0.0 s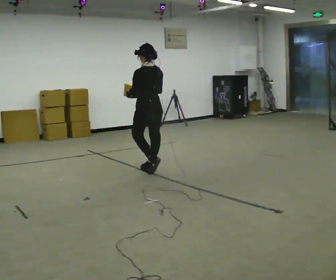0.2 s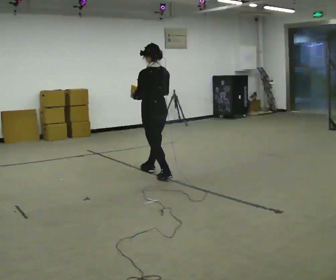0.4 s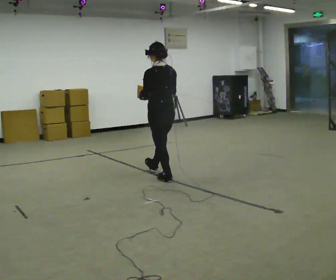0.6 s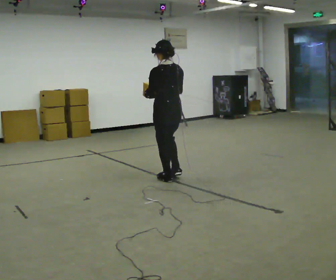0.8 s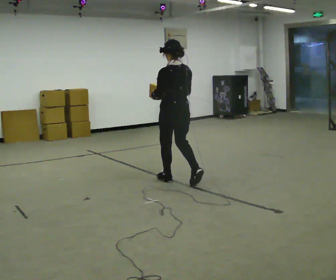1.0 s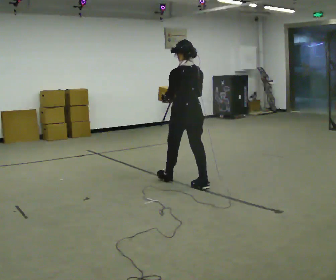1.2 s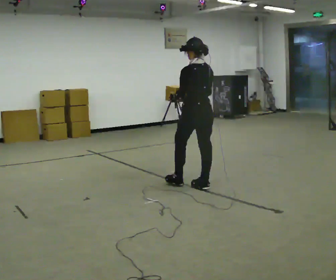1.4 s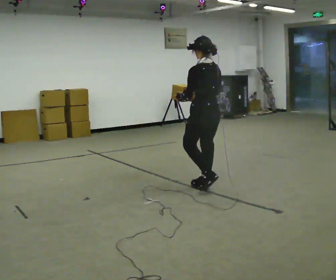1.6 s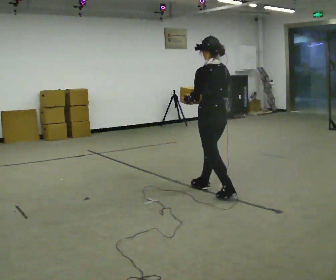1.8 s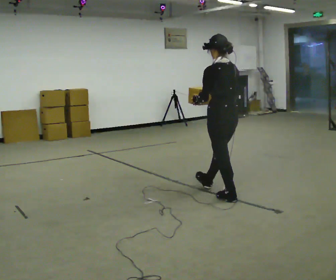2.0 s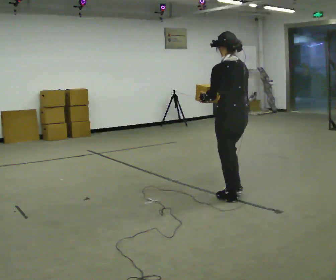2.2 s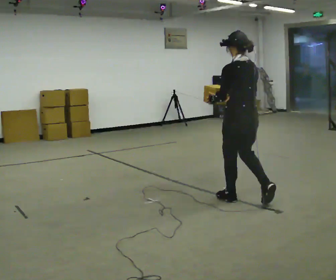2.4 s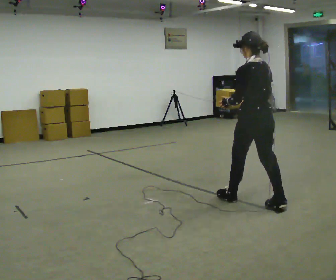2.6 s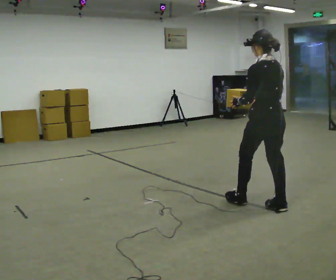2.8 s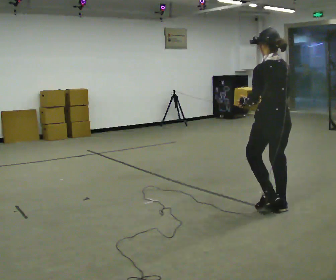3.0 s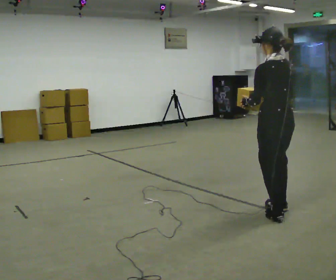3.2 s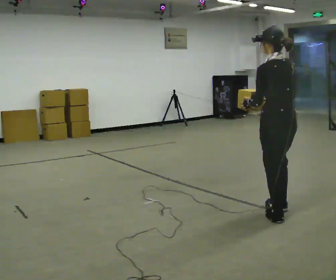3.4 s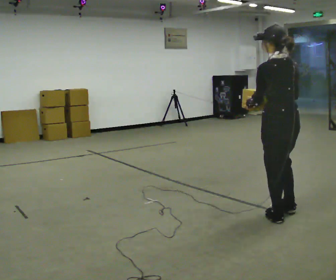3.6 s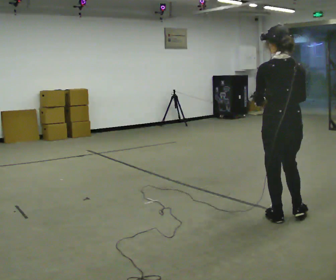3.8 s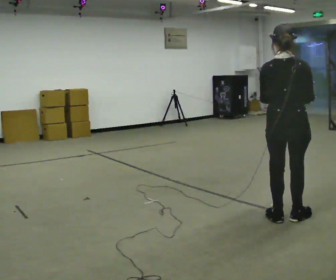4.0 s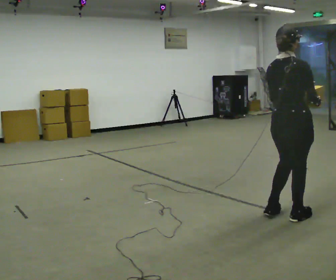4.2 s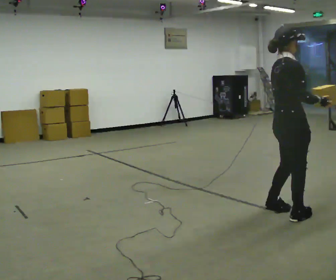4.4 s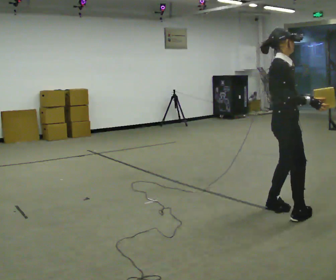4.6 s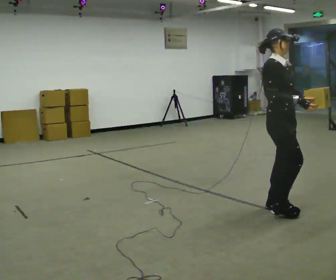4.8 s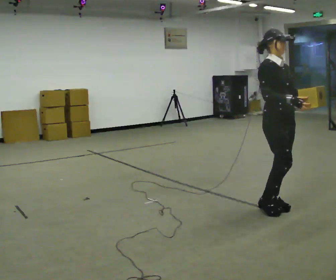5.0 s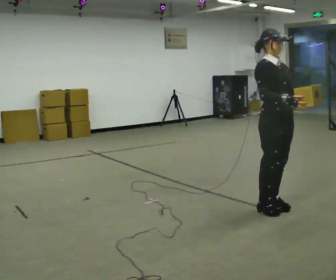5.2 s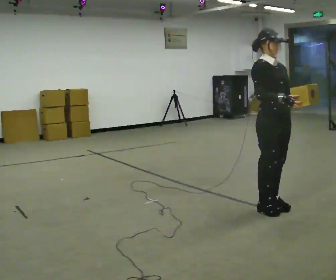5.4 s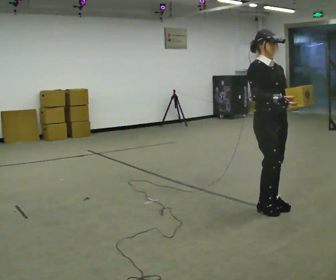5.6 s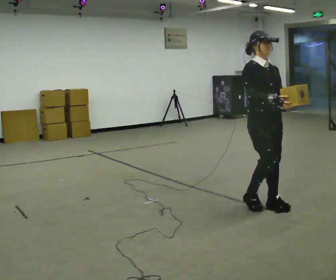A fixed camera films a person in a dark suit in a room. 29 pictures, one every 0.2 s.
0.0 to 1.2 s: In the picture they go to the right and toward the camera, about 1 m in 2 steps, which for them is backward.
1.2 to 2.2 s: In the picture they go to the right and toward the camera, about 0.75 m in 1 step, which for them is backward.
2.2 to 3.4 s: In the picture they go toward the camera and to the right, about 0.5 m in 2 steps, which for them is backward.
3.4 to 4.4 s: Seen from above the body turns clockwise, about 135 degrees: to their right, with its near side sliding to the left. In the picture their left hand goes to the right.
4.4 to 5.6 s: The person turns about 45 degrees to their right, clockwise seen from above, so the part of the body nearest the lens slides to the left. In the picture they go to the left and away from the camera, about 0.25 m in 2 steps, which for them is backward.
The film runs backward here.
